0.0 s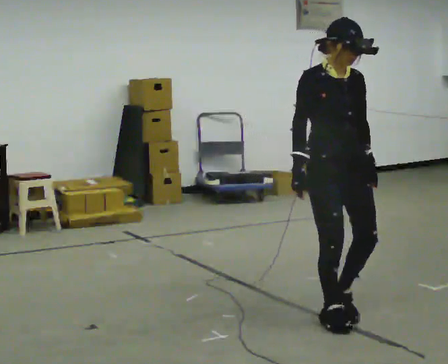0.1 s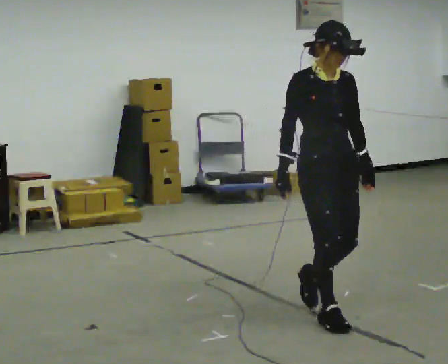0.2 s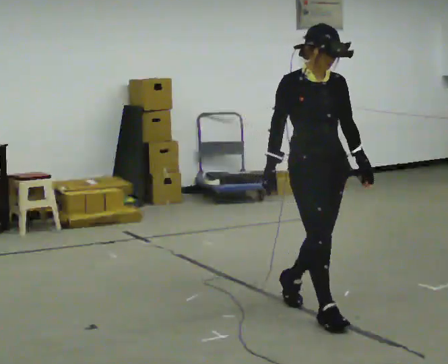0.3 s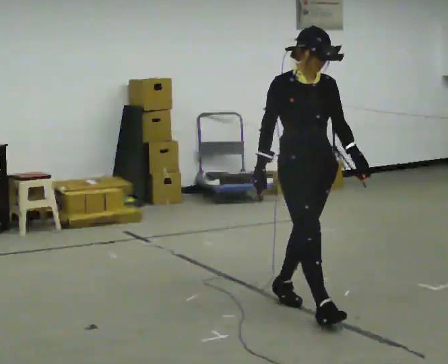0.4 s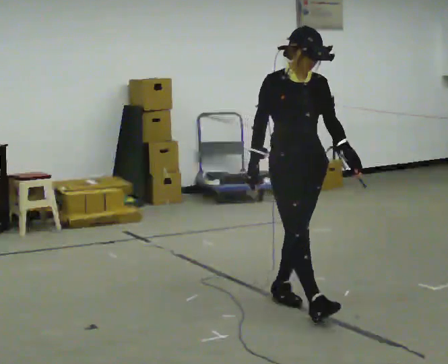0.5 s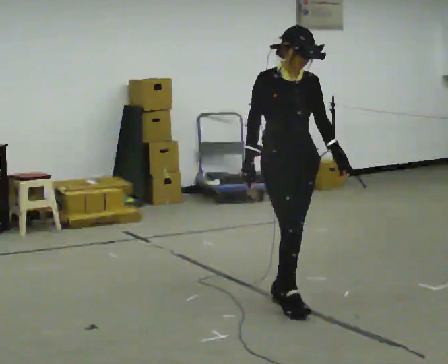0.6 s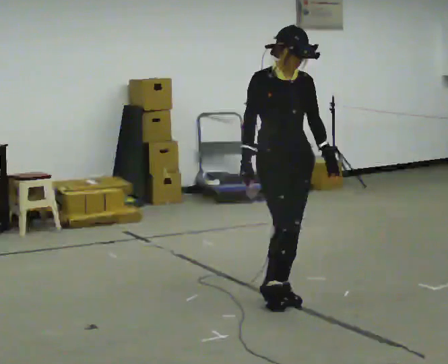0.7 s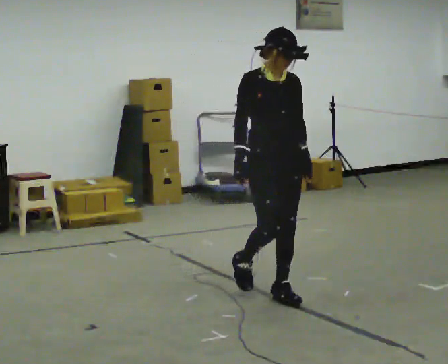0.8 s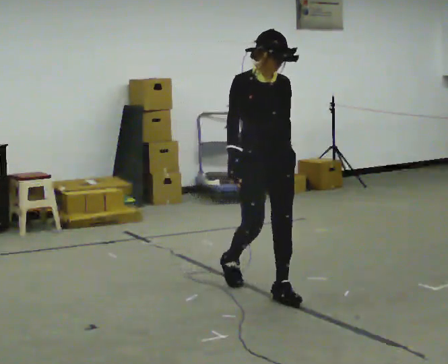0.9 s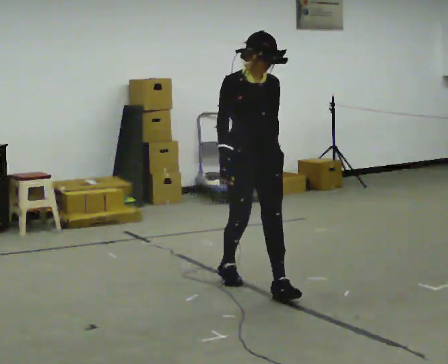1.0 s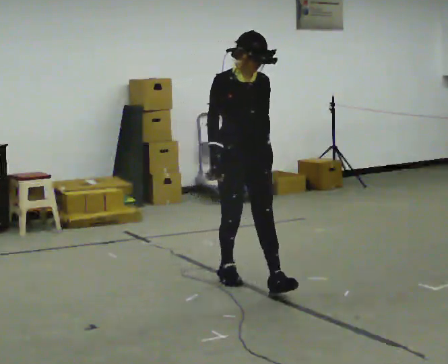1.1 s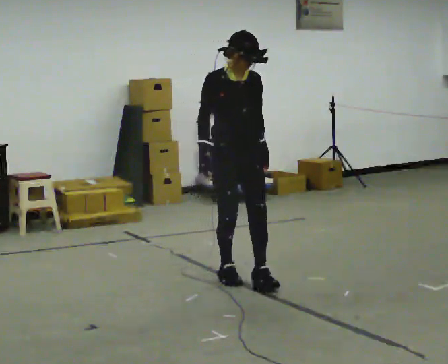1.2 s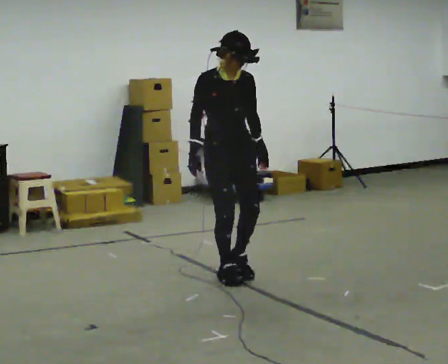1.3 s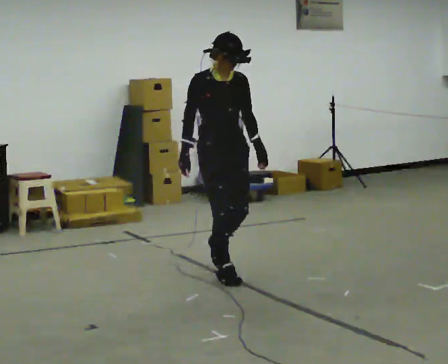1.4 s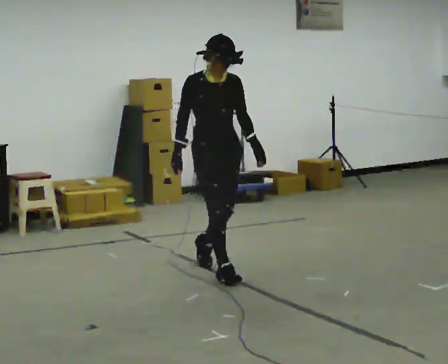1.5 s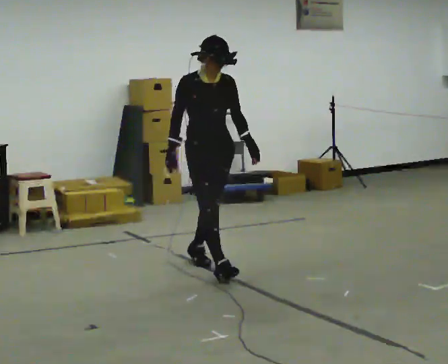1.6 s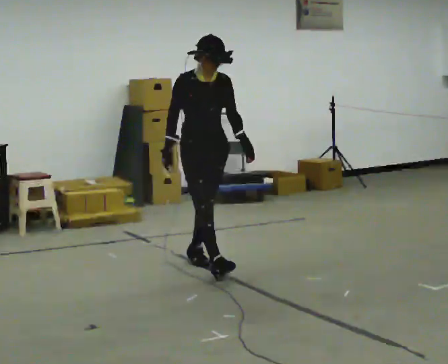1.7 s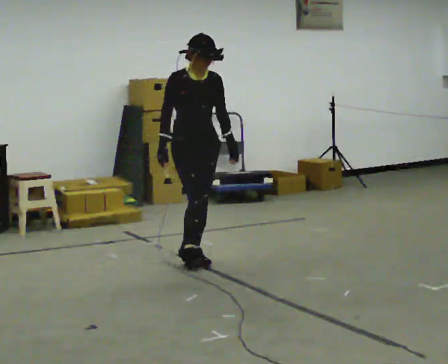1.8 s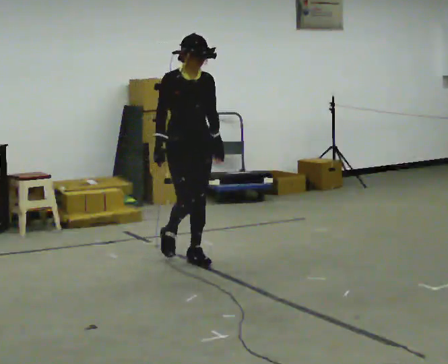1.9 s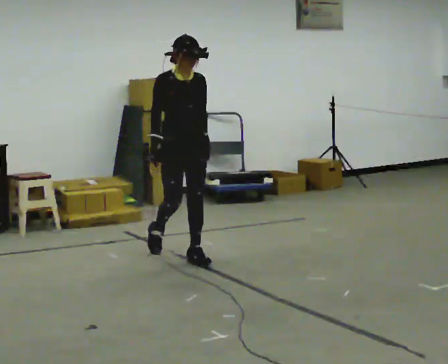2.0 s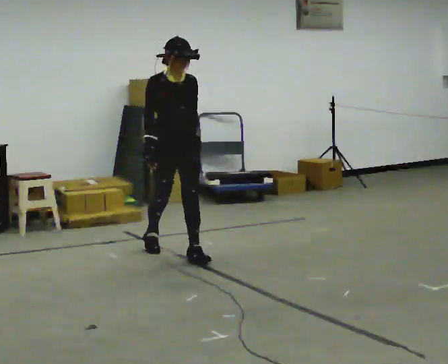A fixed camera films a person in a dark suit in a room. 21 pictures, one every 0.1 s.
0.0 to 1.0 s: In the picture they go away from the camera and to the left, about 1 m in 2 steps, which for them is backward.
1.0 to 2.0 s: In the picture they go away from the camera and to the left, about 1 m in 1 step, which for them is backward.
The film runs backward here.
